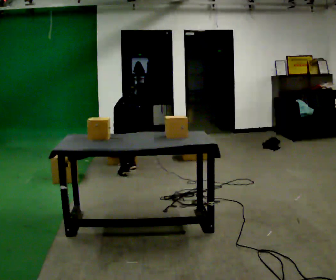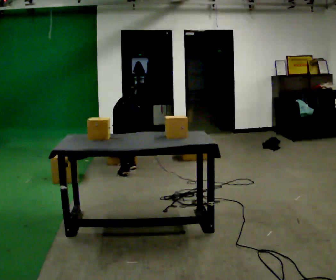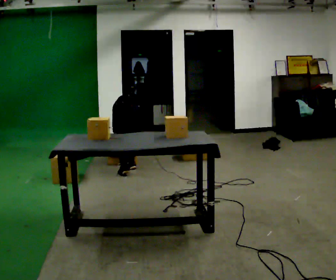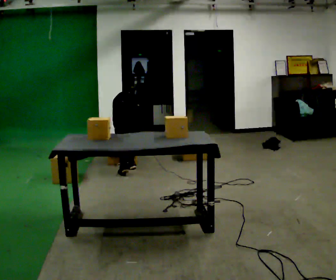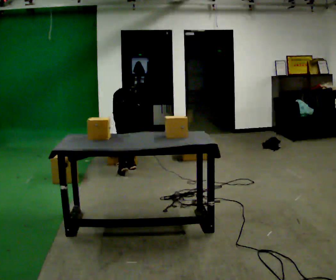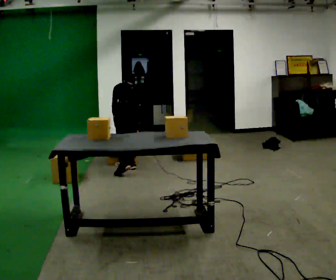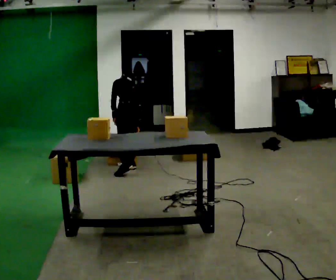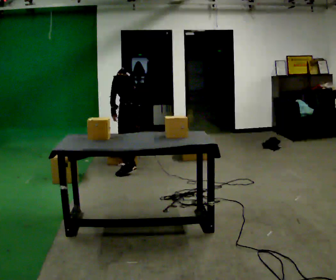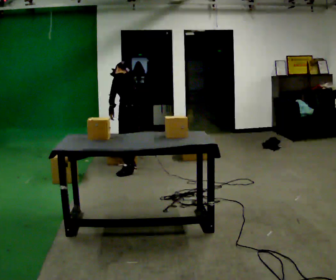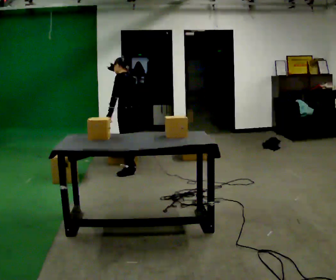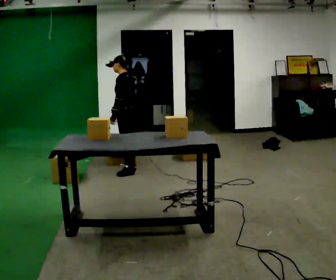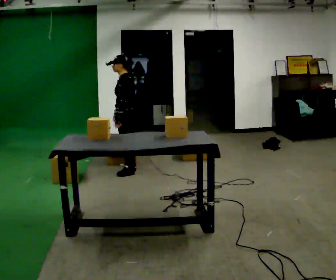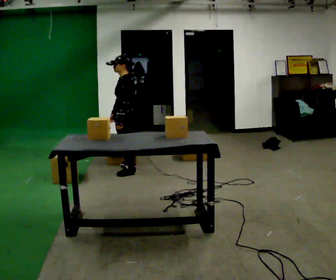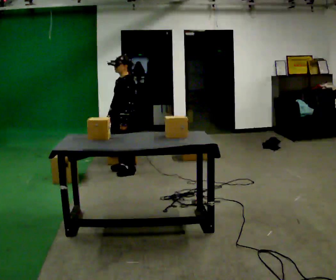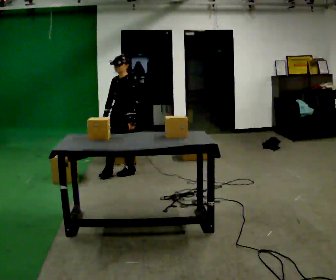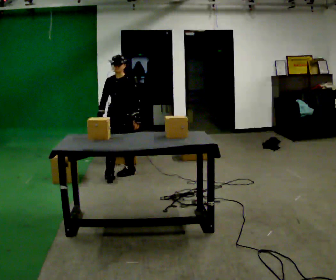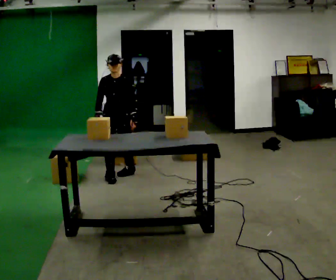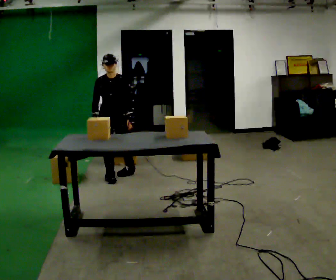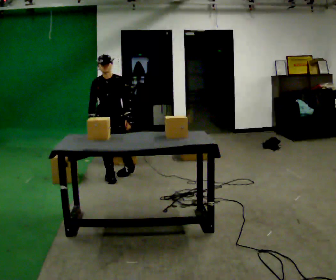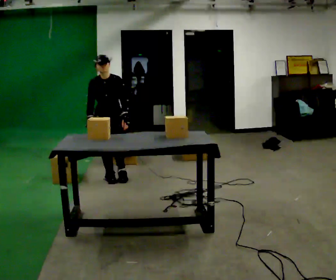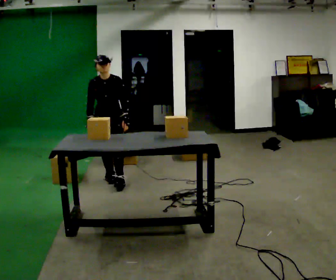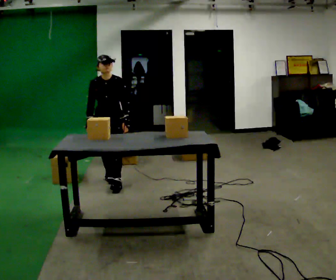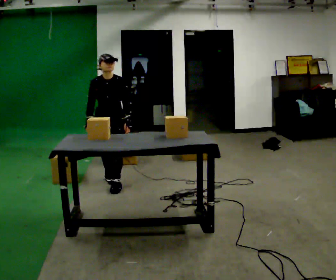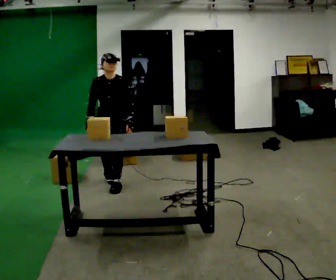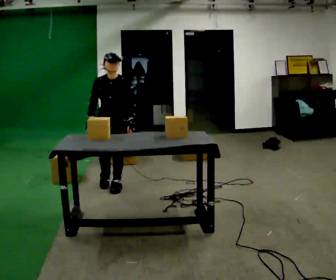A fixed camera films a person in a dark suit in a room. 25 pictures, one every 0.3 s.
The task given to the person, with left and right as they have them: Take each object from the table and put it in the bin that matches it, walking between the bins. Keep going until the operator says stop; one object at a time, and do not rush between trips.
0.0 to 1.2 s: The shoulders move upward. The upper body tips toward the camera, its near side rolling downward, as they lean back or straighten.
1.2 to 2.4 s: The person turns about 45 degrees to their left, counterclockwise seen from above, so the part of the body nearest the lens slides to the right. The shoulders move upward. The upper body tips toward the camera, its near side rolling downward, as they lean back or straighten.
2.4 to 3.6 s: The person turns about 30 degrees to their left, counterclockwise seen from above, so the part of the body nearest the lens slides to the right. In the picture they go toward the camera, about 0.25 m, which for them is to their left. The upper body tips toward the camera, its near side rolling downward, as they lean back or straighten.
3.6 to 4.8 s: The person turns about 75 degrees to their left, counterclockwise seen from above, so the part of the body nearest the lens slides to the right. In the picture they go toward the camera, about 0.25 m in 1 step.
4.8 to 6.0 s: In the picture they go toward the camera, about 0.25 m, which for them is forward.
6.0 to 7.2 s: In the picture they go toward the camera, about 0.25 m in 1 step, which for them is forward.
The film runs forward here.
